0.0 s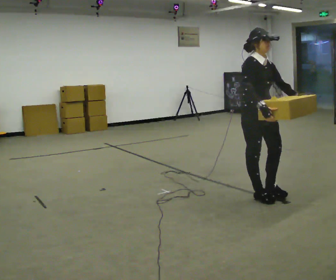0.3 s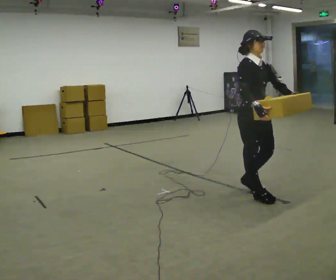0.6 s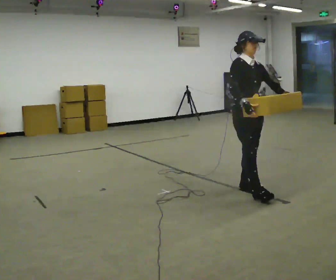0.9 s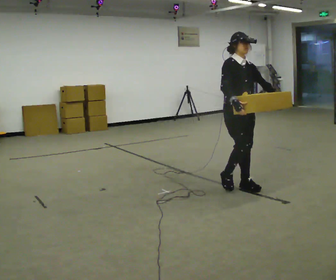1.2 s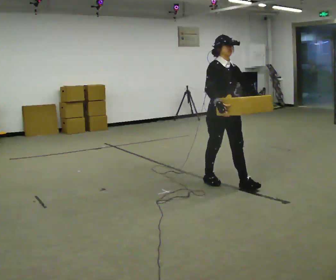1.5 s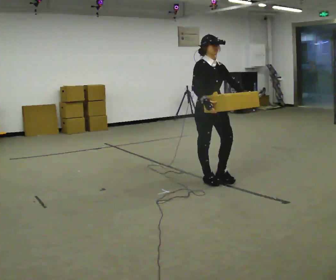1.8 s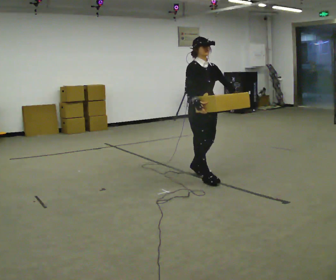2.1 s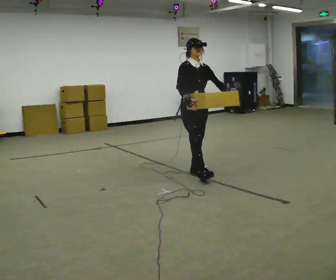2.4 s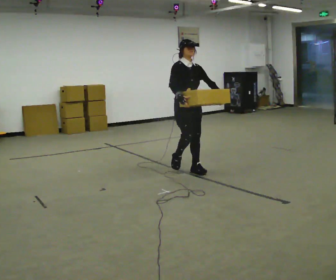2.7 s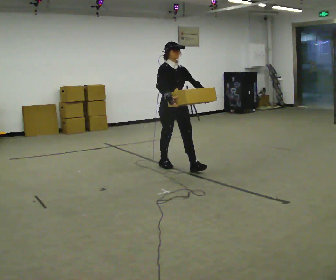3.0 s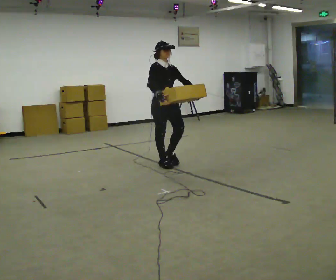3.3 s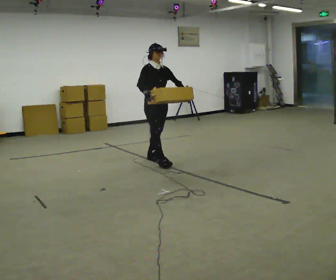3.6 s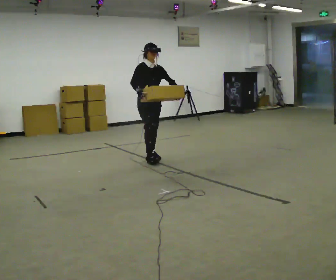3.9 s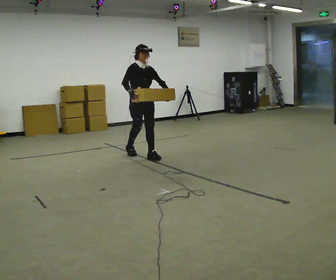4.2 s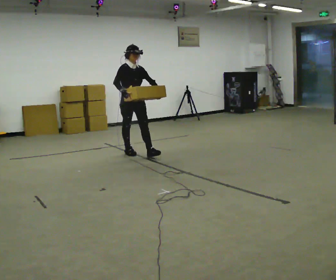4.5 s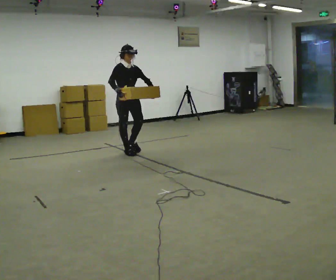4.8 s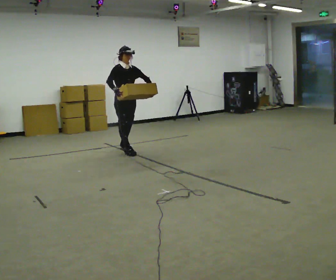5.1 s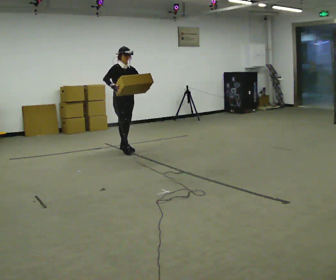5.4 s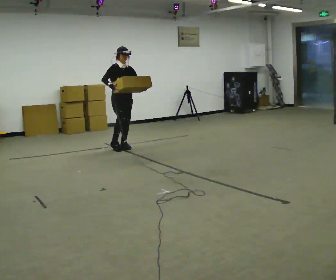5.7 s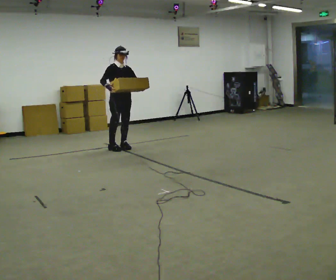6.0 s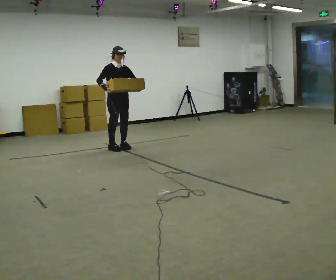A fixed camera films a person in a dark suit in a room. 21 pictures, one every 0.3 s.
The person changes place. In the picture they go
away from the camera.
0.0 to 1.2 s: In the picture they go away from the camera and to the left, about 0.5 m in 1 step, which for them is backward.
1.2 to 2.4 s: In the picture they go away from the camera and to the left, about 0.5 m in 2 steps, which for them is backward.
2.4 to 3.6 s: In the picture they go away from the camera and to the left, about 1 m in 2 steps, which for them is backward.
3.6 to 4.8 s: In the picture they go away from the camera and to the left, about 0.5 m in 1 step, which for them is backward.
4.8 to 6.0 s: In the picture they go away from the camera, about 0.25 m in 1 step, which for them is backward.
The film runs backward here.
